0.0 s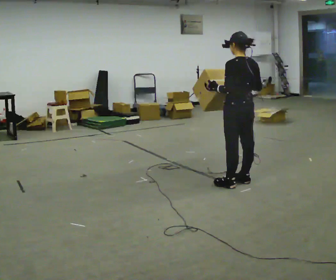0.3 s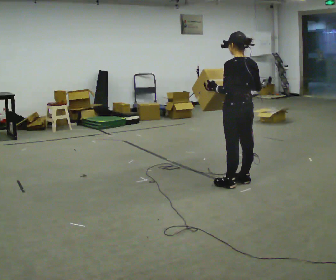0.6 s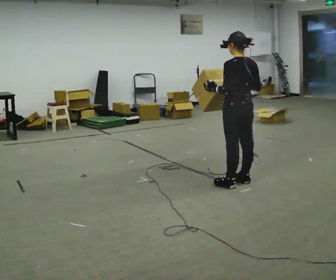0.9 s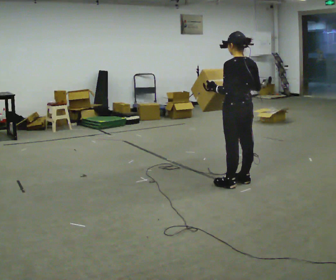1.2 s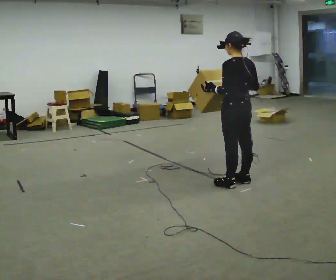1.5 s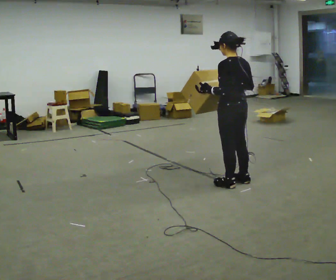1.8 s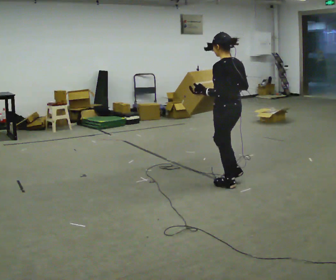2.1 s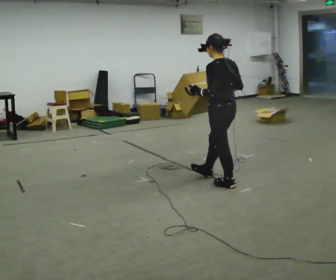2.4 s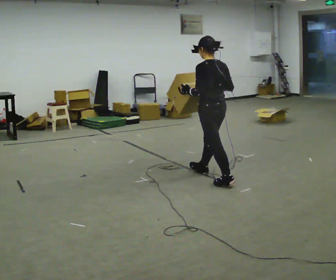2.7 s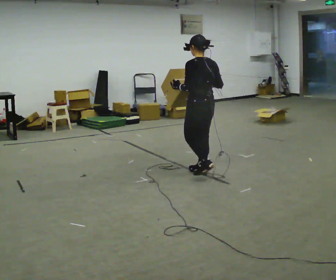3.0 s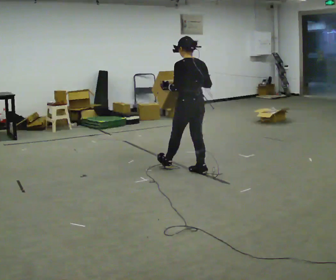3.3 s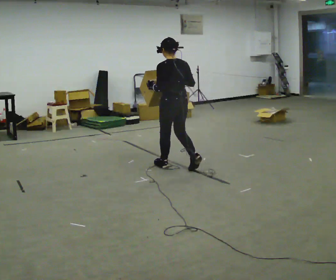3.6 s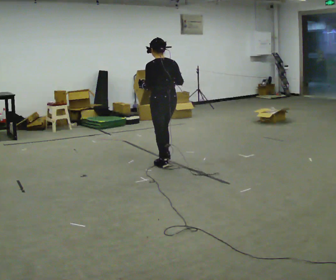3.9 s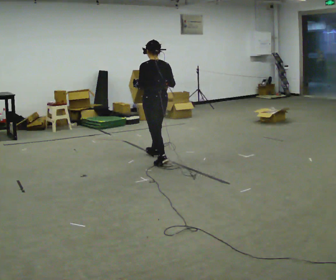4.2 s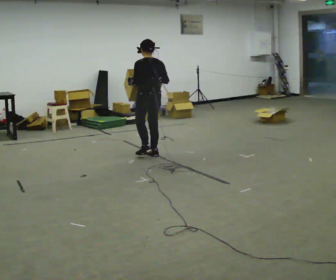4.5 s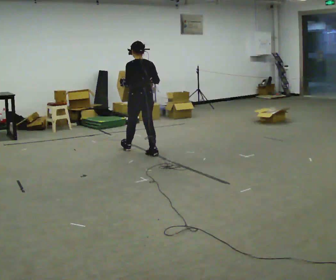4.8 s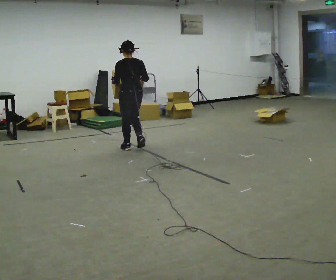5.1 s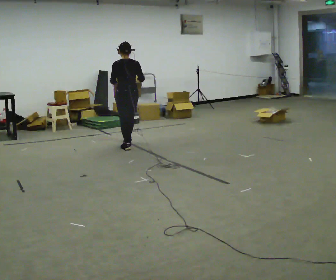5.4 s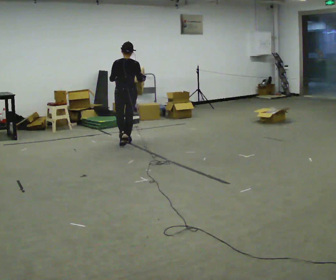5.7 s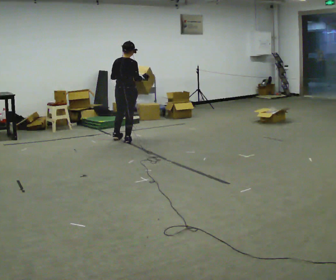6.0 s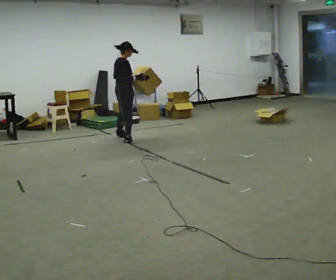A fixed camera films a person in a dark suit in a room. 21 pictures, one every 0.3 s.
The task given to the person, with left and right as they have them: Carry the medium box in both hands in front of you, walking back and forth across the room. Keep walking until the operator says stop.
0.0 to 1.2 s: The person moves a little, or ends about where they began.
1.2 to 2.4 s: In the picture they go to the left and away from the camera, about 0.25 m in 1 step, which for them is forward.
2.4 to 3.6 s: In the picture they go away from the camera and to the left, about 1 m in 1 step, which for them is forward.
3.6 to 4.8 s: In the picture they go away from the camera and to the left, about 1 m in 2 steps, which for them is forward.
4.8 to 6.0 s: The person turns about 90 degrees to their right, clockwise seen from above, so the part of the body nearest the lens slides to the left. In the picture they go away from the camera and to the left, about 0.75 m in 2 steps.
The film runs forward here.
